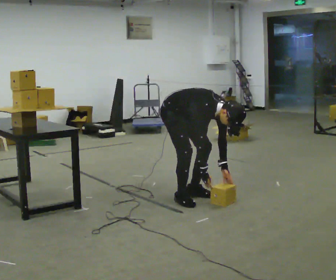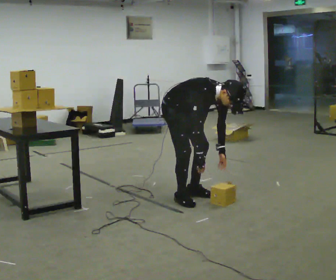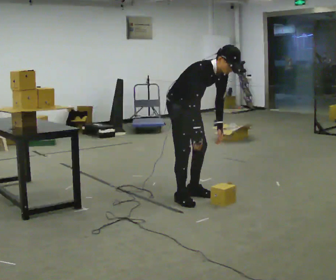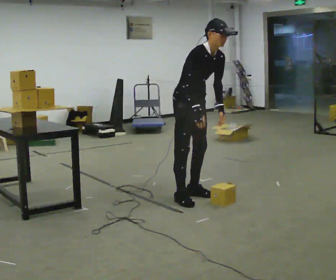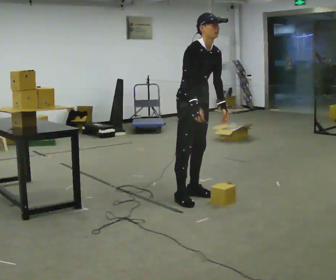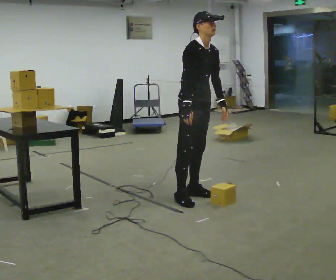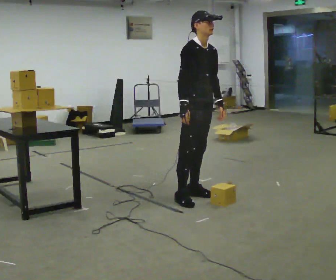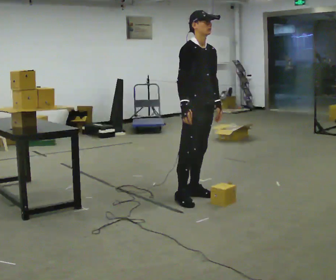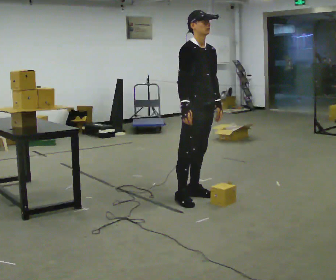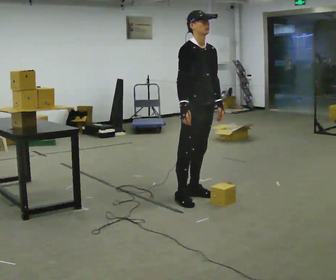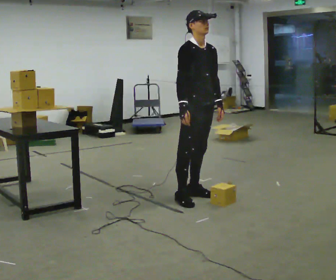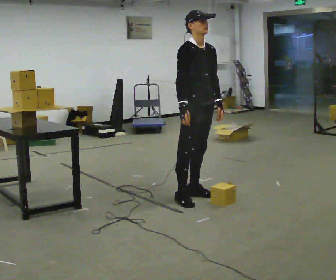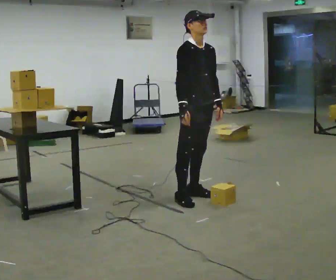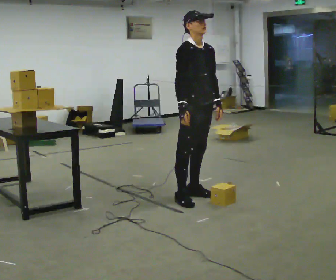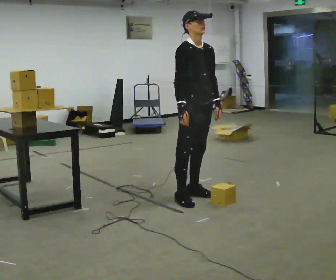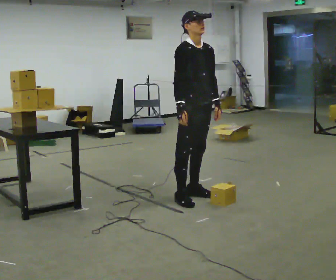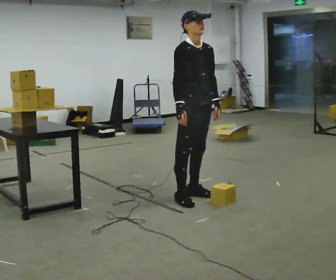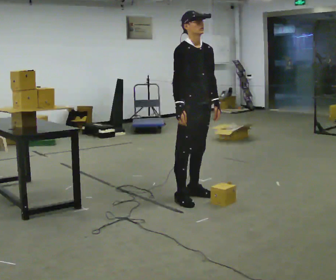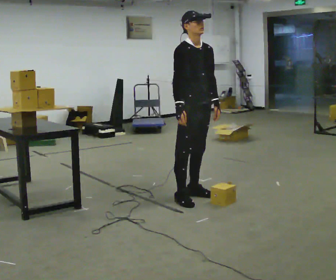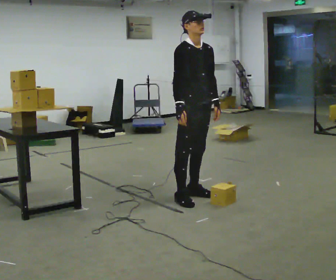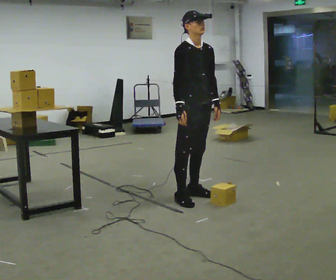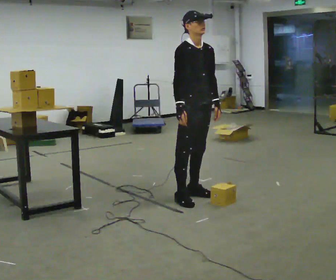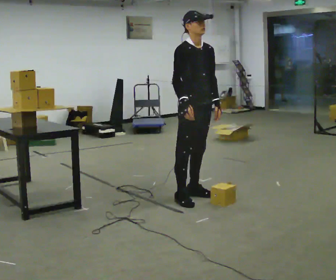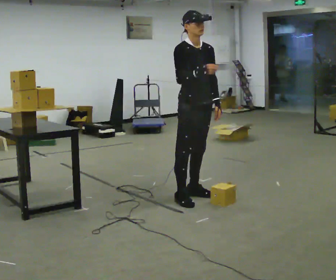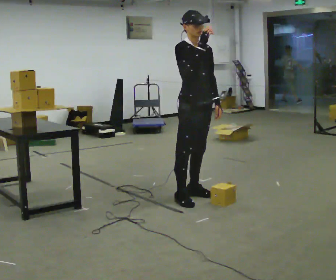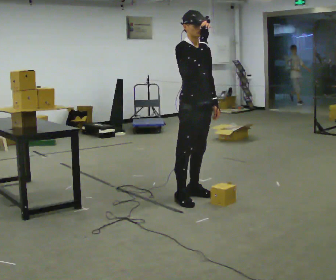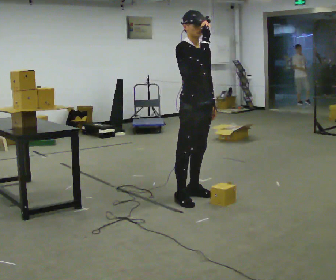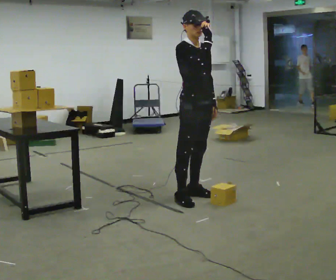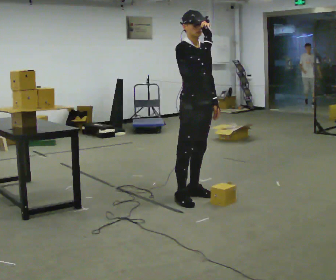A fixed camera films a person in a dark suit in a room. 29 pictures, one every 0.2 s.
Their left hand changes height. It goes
upward.
The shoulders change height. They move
upward.
0.0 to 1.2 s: In the picture they go to the right, about 0.25 m, which for them is forward. The shoulders move upward. In the picture the upper body tilts counterclockwise, shoulders to the left, as they lean back or straighten. In the picture their right hand goes upward.
1.2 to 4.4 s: The person moves a little, or ends about where they began.
4.4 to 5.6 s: In the picture their right hand goes upward.
The film runs forward here.
